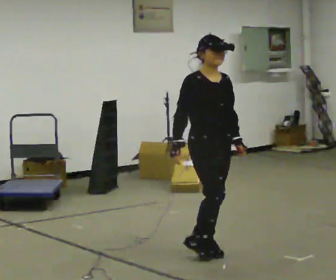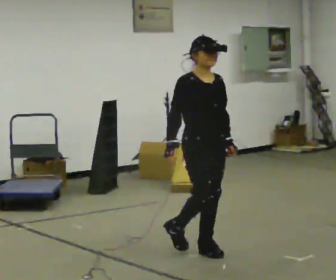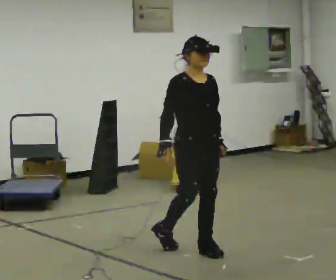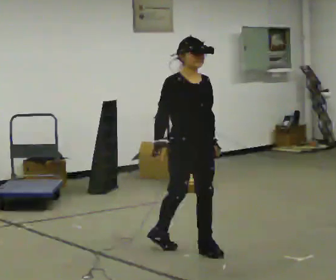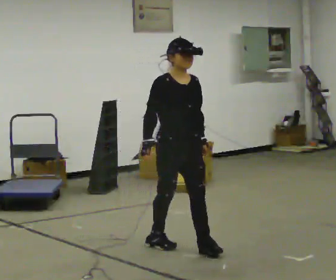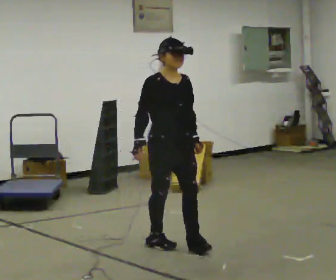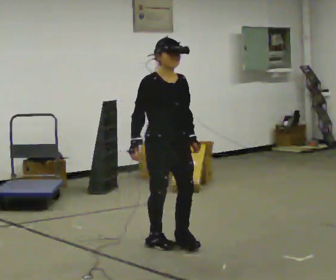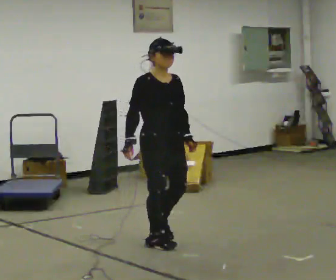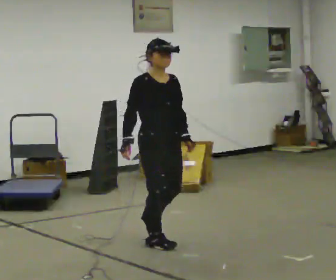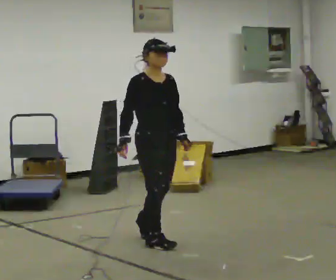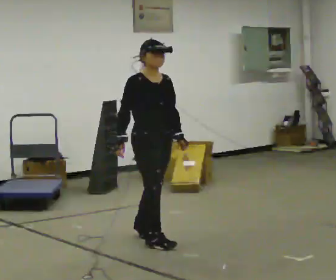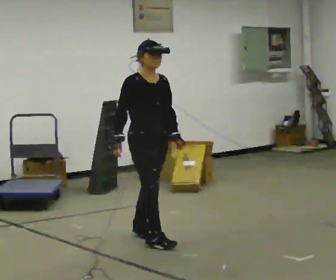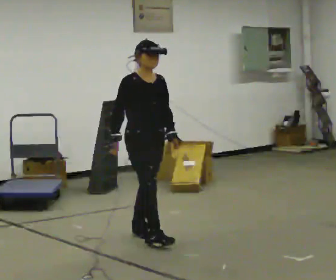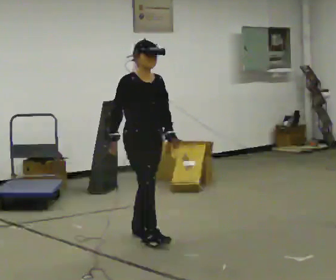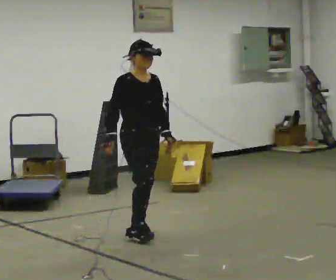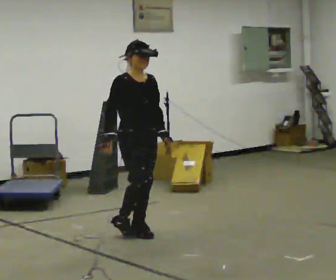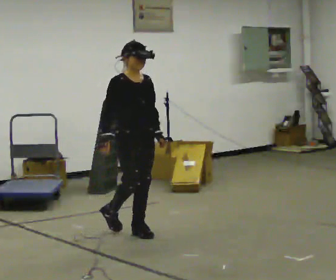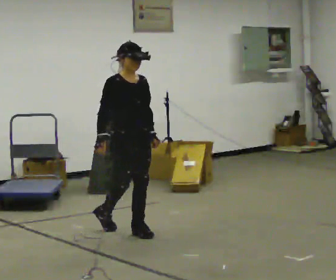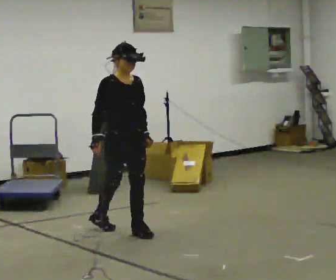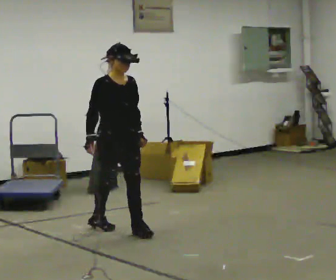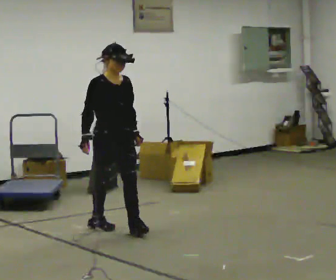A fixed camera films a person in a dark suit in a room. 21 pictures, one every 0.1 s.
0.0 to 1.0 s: In the picture they go away from the camera and to the left, about 0.5 m in 1 step, which for them is backward.
1.0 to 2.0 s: In the picture they go away from the camera and to the left, about 0.5 m in 2 steps, which for them is backward.
The film runs backward here.
